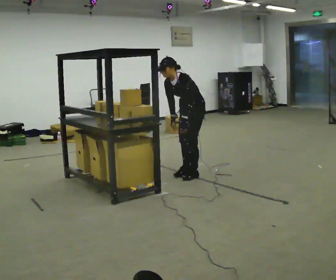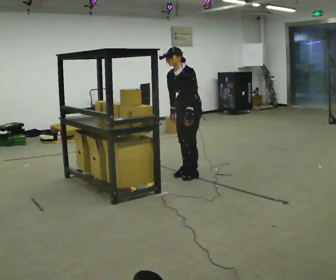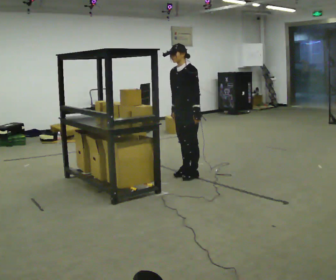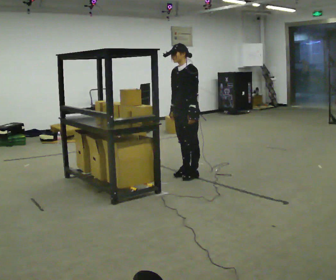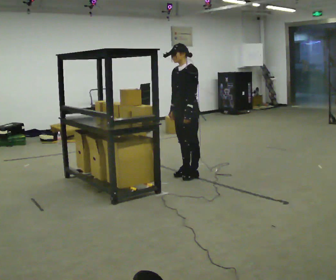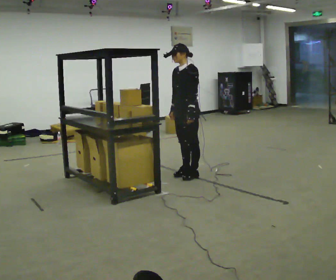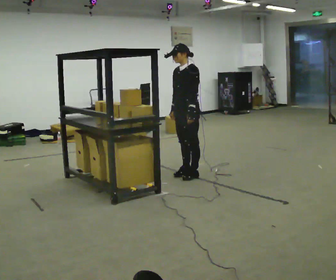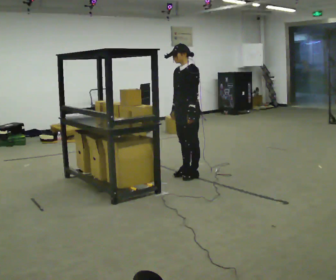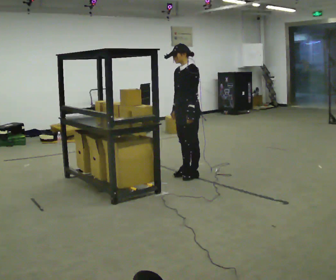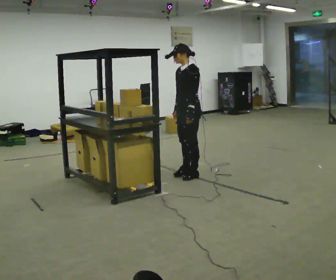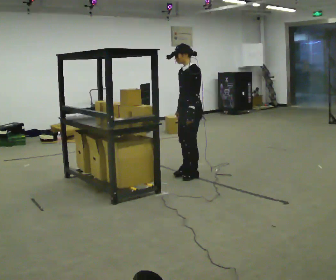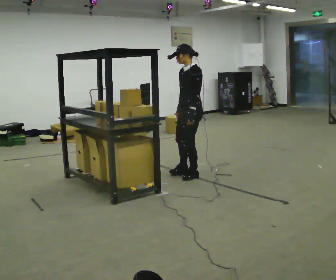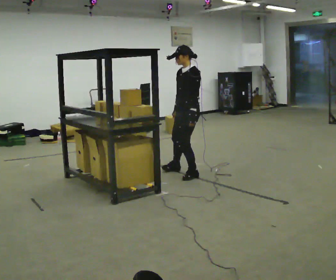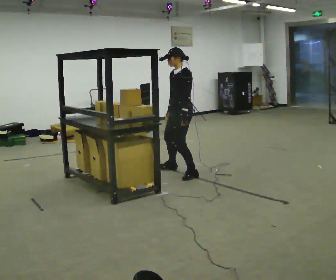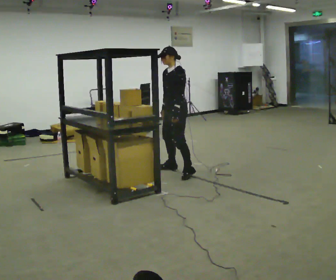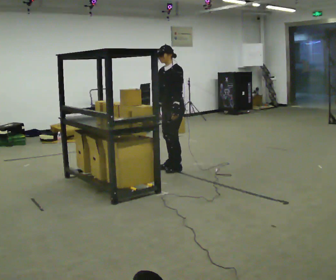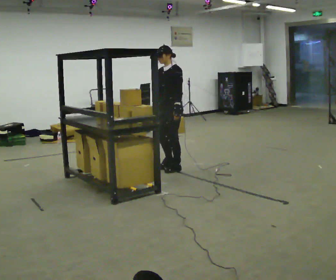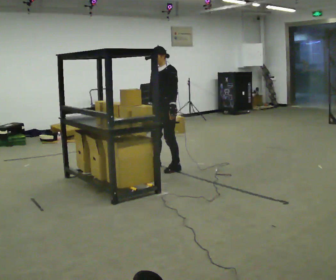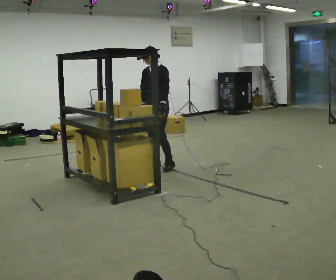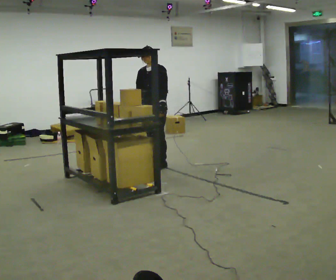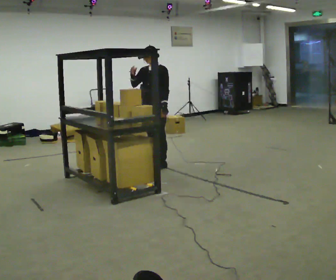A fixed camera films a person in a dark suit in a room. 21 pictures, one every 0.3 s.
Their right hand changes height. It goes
upward.
0.0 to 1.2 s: In the picture the upper body tilts clockwise, shoulders to the right, as they lean back or straighten.
1.2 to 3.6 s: The person moves a little, or ends about where they began.
3.6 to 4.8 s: In the picture they go away from the camera and to the left, about 0.25 m in 2 steps, which for them is to their right.
4.8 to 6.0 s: In the picture they go to the left, about 0.25 m in 2 steps, which for them is to their right. In the picture their right hand goes upward.
The film runs forward here.
